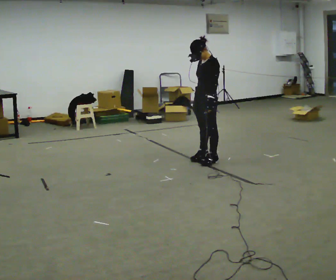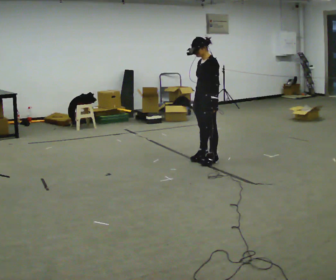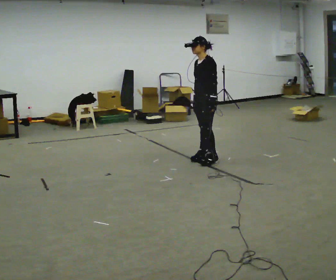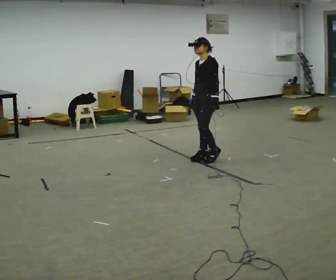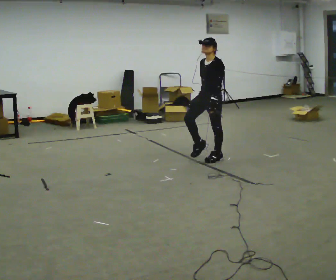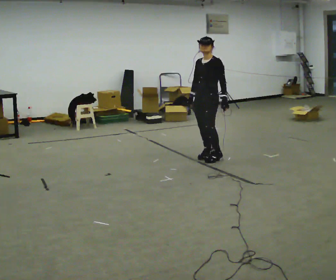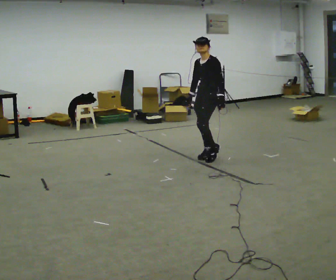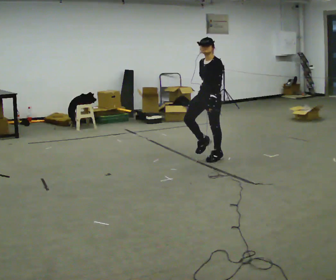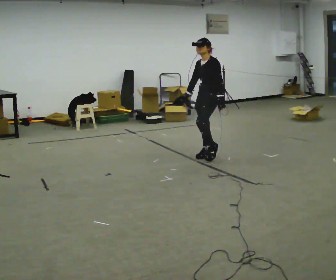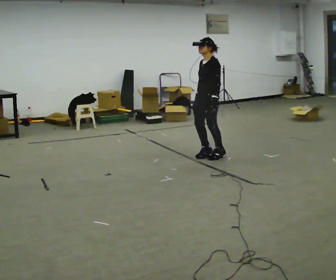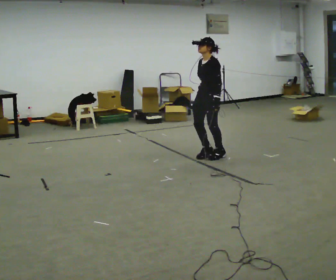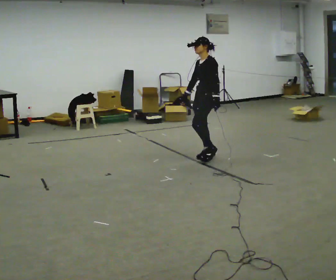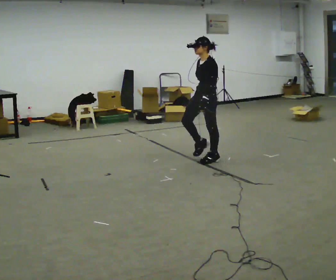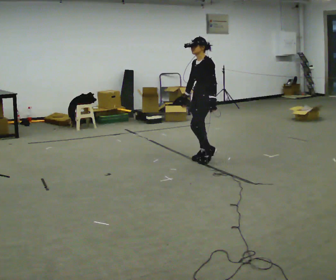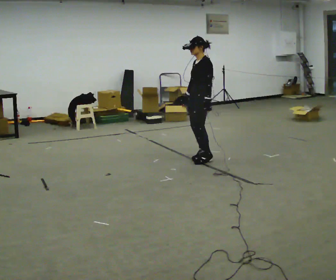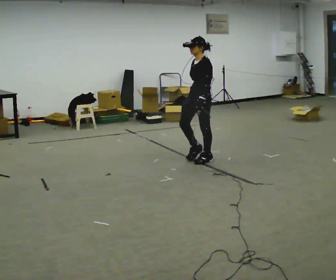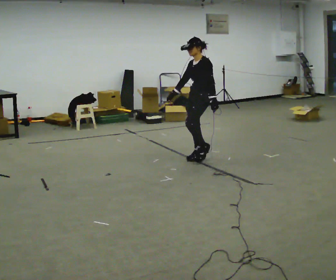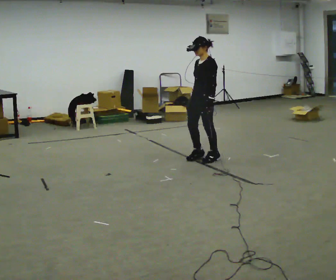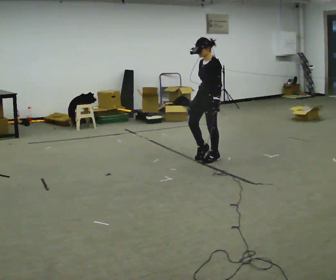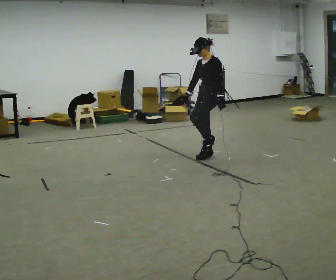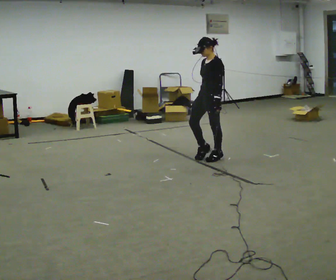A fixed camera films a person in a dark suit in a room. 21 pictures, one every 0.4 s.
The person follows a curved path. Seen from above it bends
clockwise.
0.0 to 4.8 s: The person moves a little, or ends about where they began.
4.8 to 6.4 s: In the picture their right hand goes to the left.
6.4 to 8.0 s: In the picture their right hand goes to the right.
The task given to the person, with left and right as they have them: March in place at a comfortable rhythm without moving forward; stop.
The film runs forward here.
